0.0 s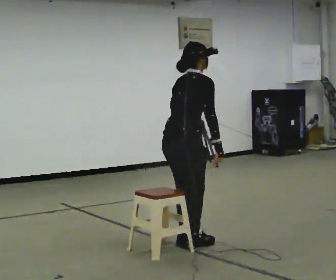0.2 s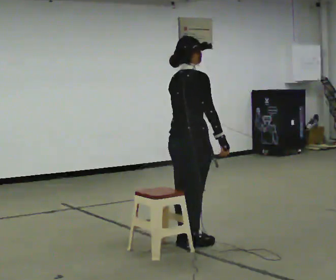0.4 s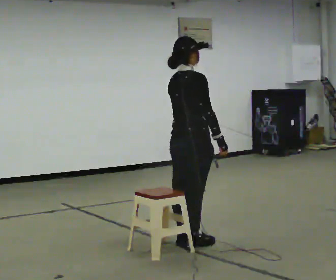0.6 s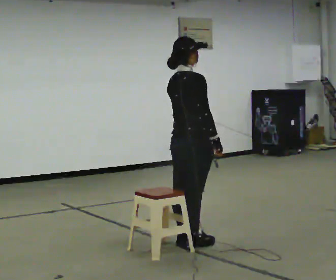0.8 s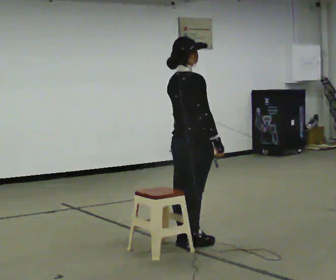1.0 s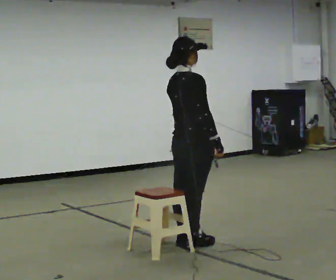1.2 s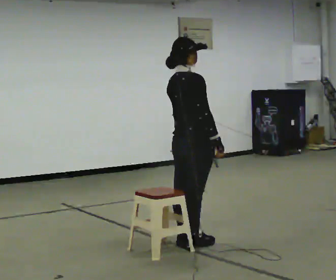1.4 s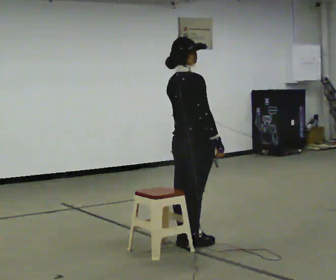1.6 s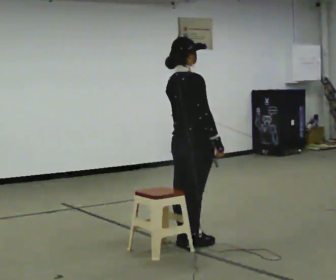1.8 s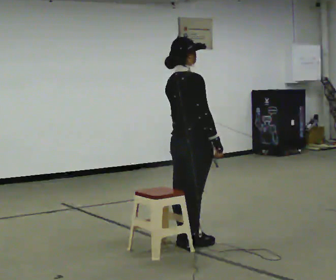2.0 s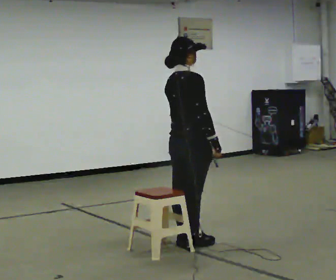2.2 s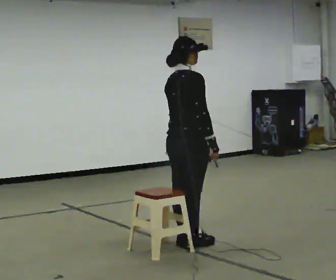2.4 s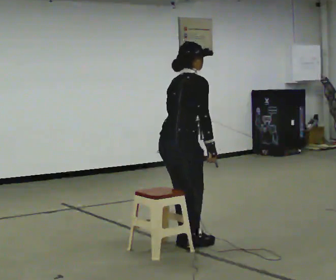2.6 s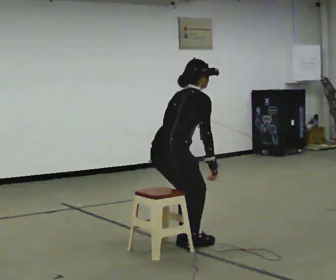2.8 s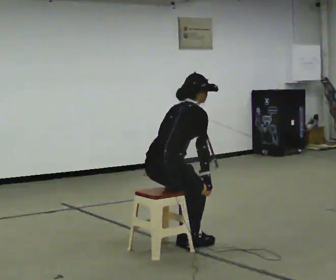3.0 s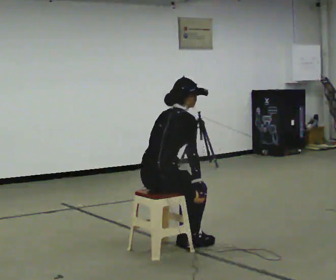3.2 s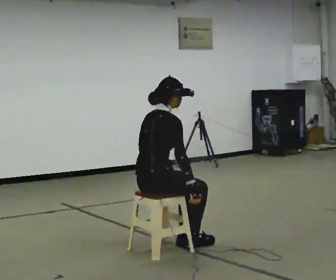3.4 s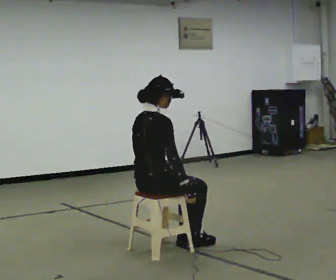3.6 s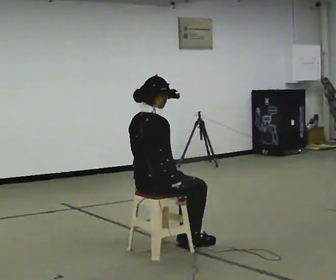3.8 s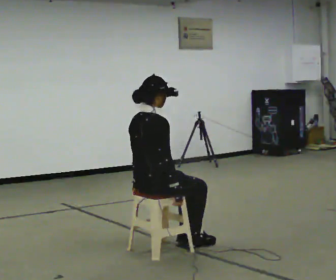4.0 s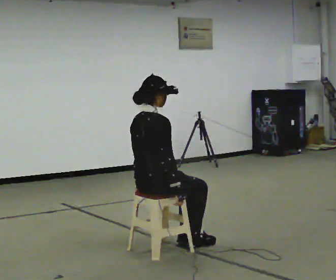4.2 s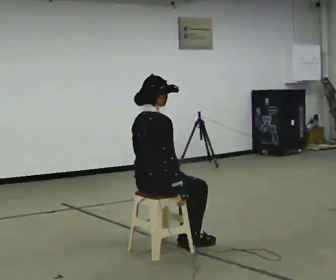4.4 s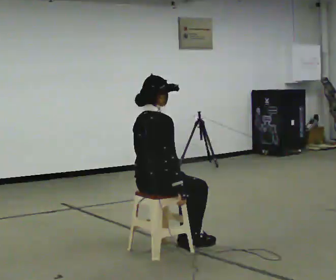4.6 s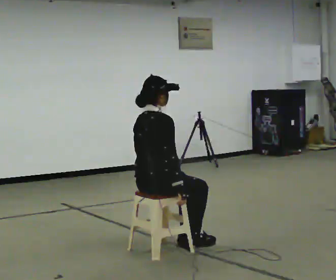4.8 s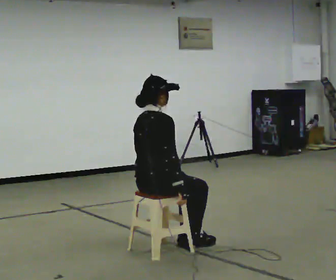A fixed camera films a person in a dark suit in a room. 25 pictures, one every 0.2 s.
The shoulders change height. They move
downward.
0.0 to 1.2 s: In the picture the upper body tilts counterclockwise, shoulders to the left, as they lean back or straighten.
1.2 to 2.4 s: In the picture the upper body tilts clockwise, shoulders to the right, as they bend forward.
2.4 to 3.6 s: In the picture they go to the left, about 0.25 m, which for them is backward. The upper body goes downward.
3.6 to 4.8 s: The person moves a little, or ends about where they began.
The film runs forward here.
